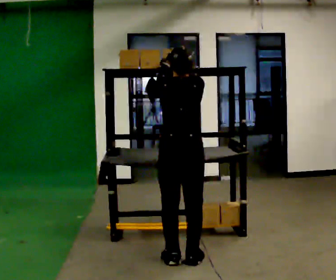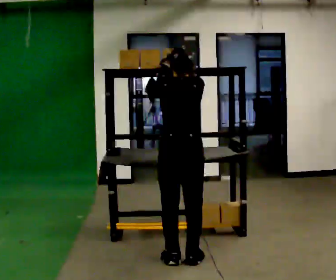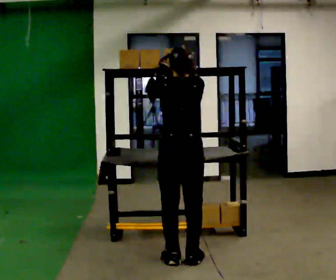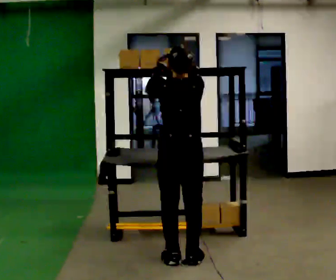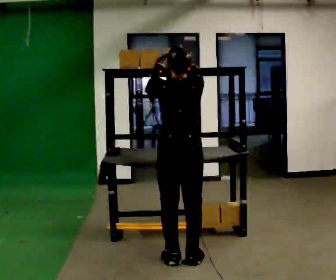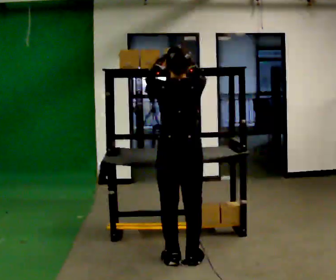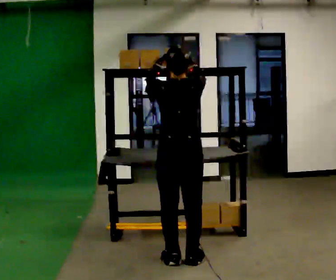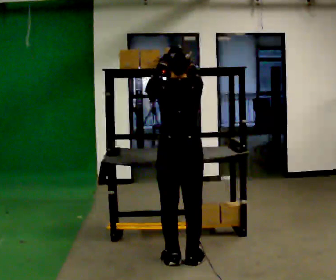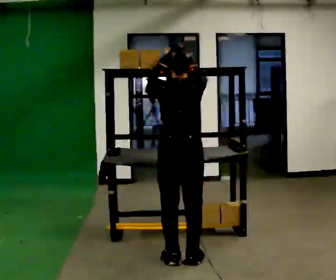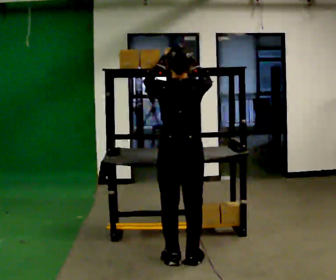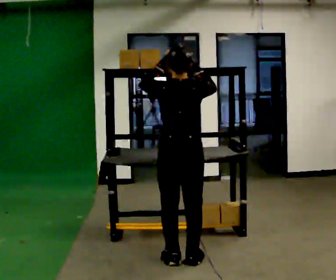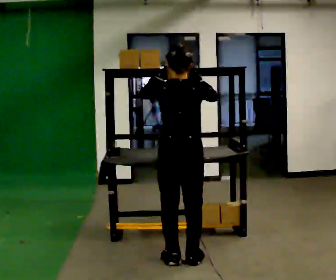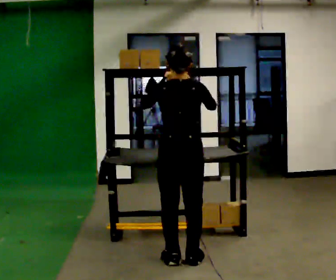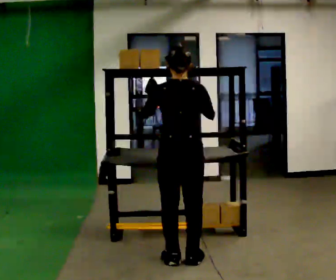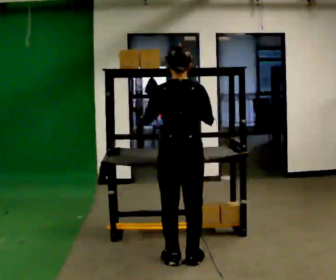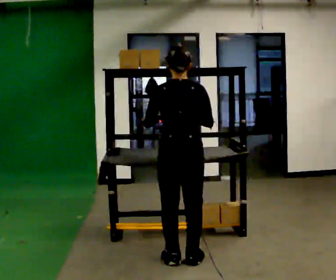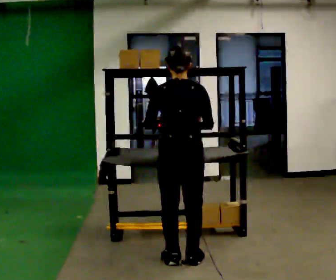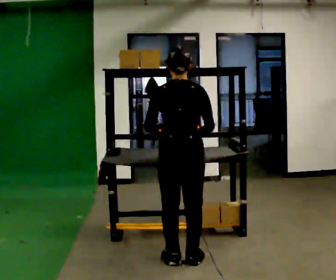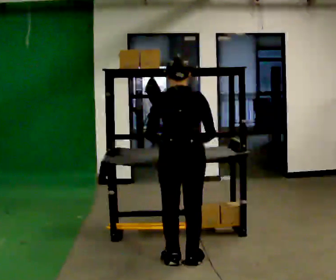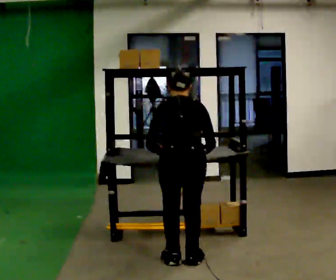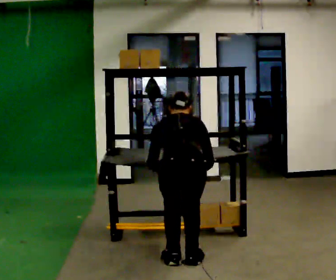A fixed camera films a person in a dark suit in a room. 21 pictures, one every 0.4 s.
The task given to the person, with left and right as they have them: Take an object from the highest shelf you can comfortably reach, carry it across, and place it on the lowest shelf. Keep going until the operator says stop; one object at a time, and do not rush between trips.
0.0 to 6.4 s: In the picture their right hand goes downward.
6.4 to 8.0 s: The upper body goes downward. The upper body tips away from the camera, its near side rolling upward, as they bend forward. In the picture their left hand goes downward.
The film runs forward here.
